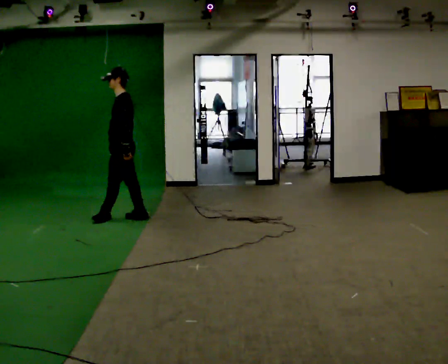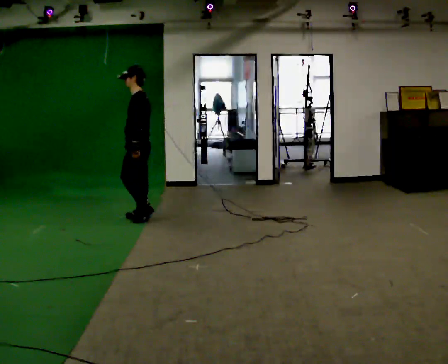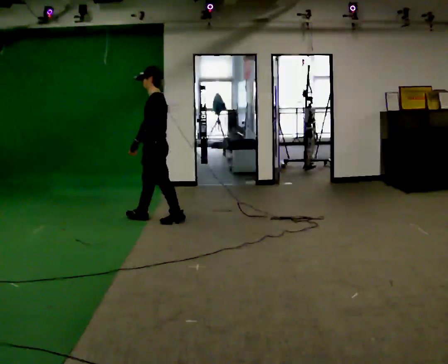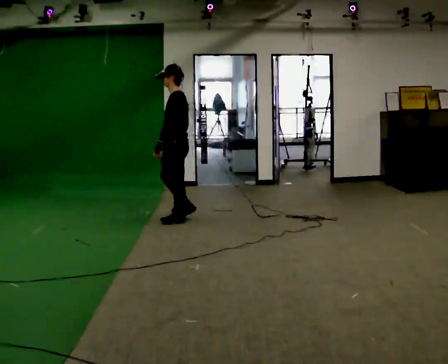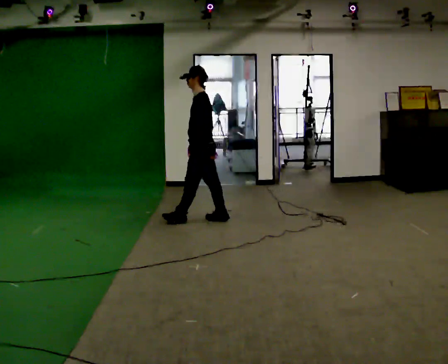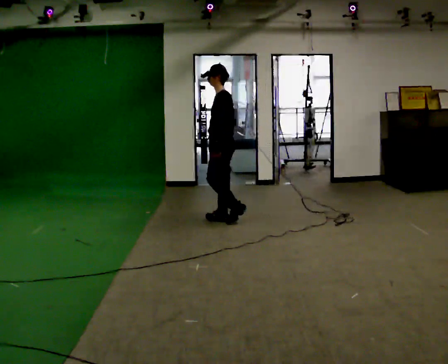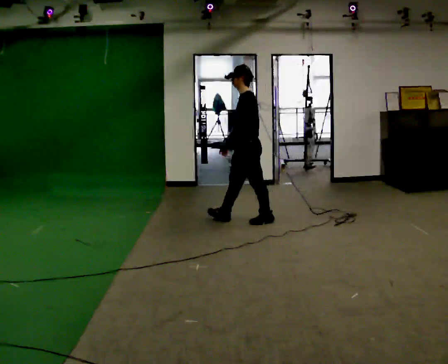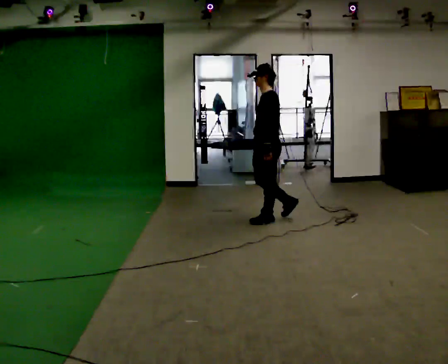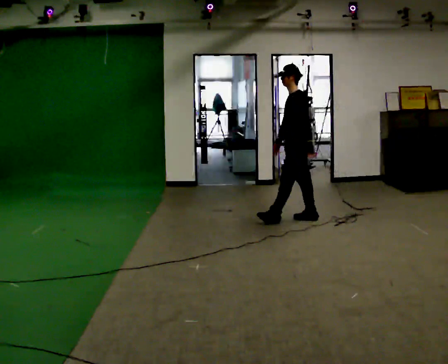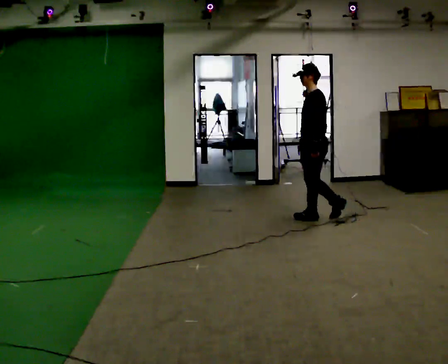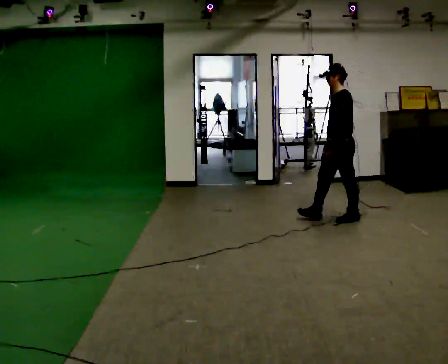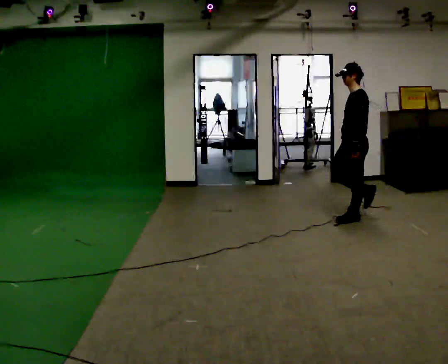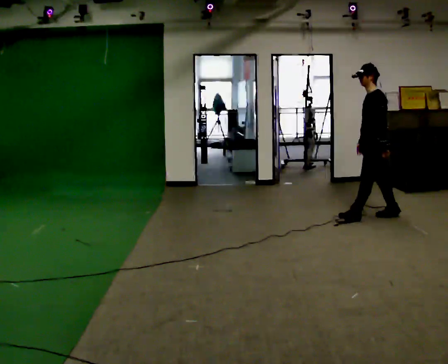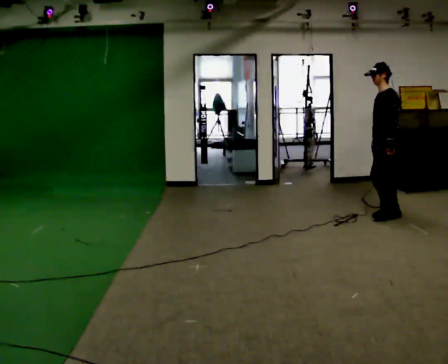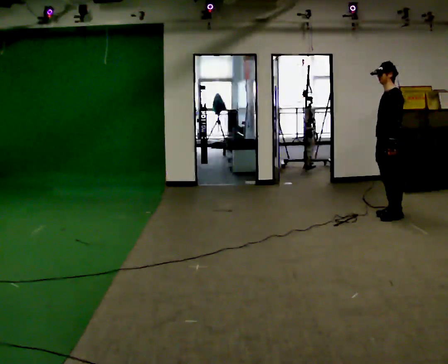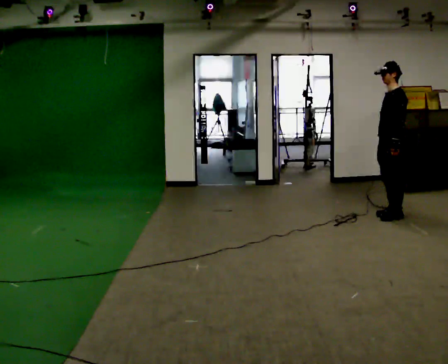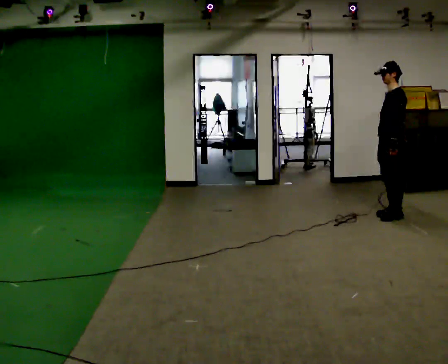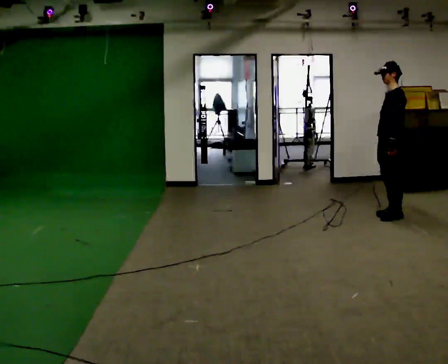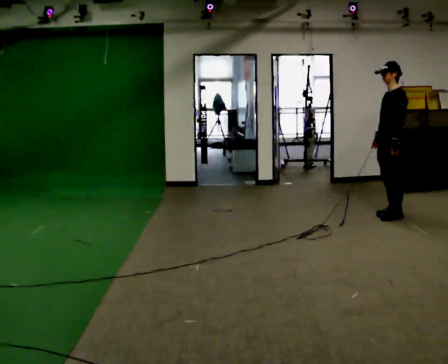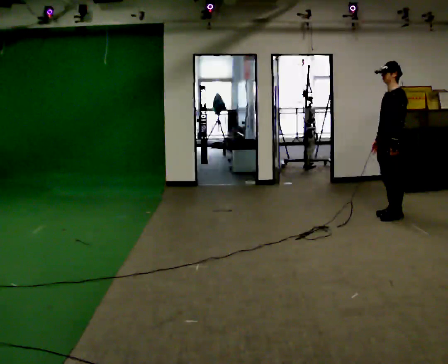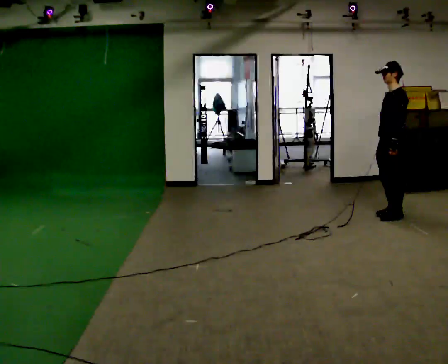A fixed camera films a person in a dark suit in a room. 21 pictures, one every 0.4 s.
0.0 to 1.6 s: In the picture they go to the right, about 1 m in 2 steps, which for them is backward.
1.6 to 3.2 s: In the picture they go to the right, about 1 m in 3 steps, which for them is backward.
3.2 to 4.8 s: In the picture they go to the right, about 1 m in 1 step, which for them is backward.
4.8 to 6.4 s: In the picture they go to the right, about 0.25 m in 1 step, which for them is backward. In the picture their right hand goes to the right.
6.4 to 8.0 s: The person moves a little, or ends about where they began.
The film runs backward here.
